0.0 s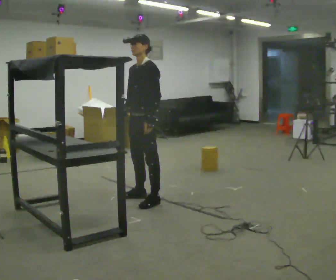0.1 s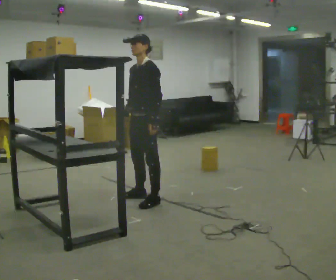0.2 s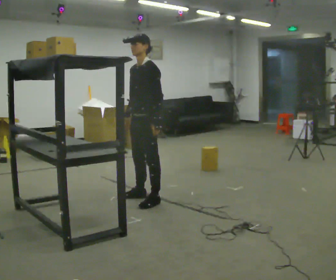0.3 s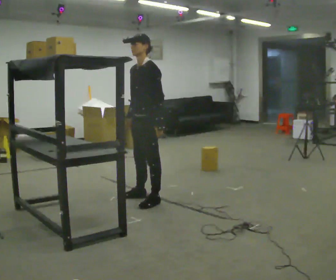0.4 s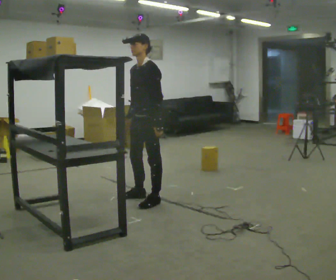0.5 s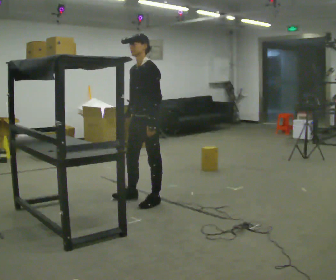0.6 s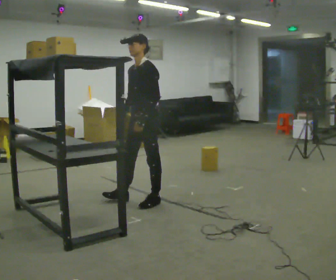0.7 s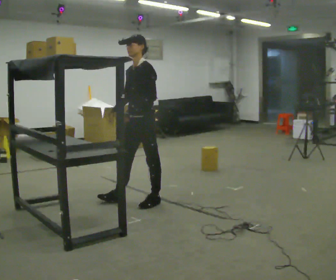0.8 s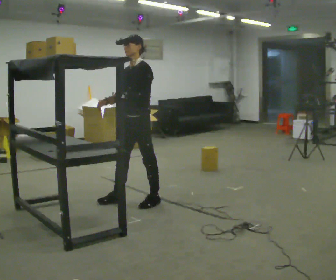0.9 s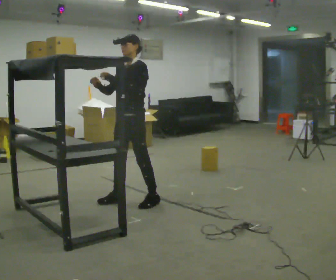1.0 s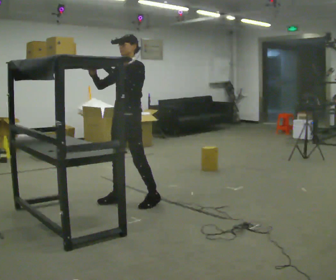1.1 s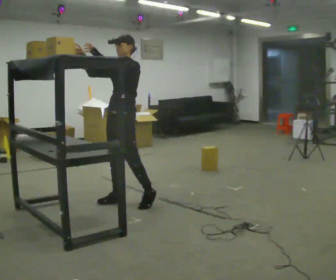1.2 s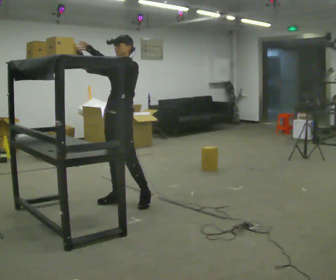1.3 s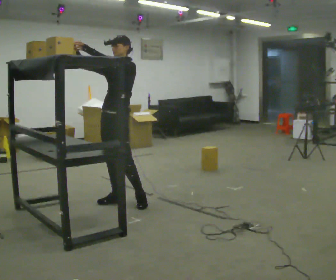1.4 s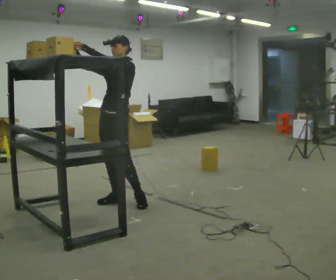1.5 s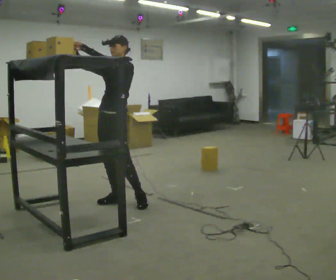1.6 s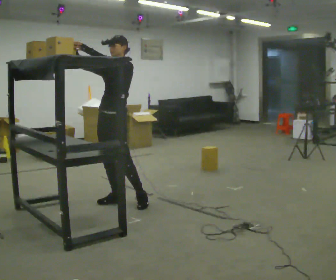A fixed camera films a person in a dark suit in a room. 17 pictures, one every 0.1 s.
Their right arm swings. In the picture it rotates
clockwise.
Their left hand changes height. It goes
upward.
0.0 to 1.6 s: In the picture they go to the left, about 0.25 m in 1 step, which for them is forward and to their right. In the picture their right hand goes upward, the arm swinging clockwise.
The film runs backward here.
